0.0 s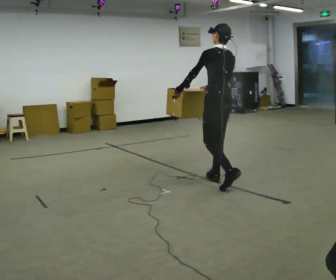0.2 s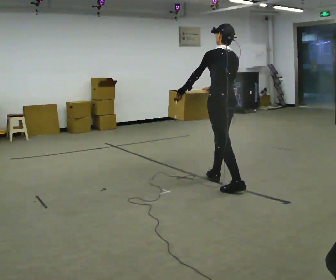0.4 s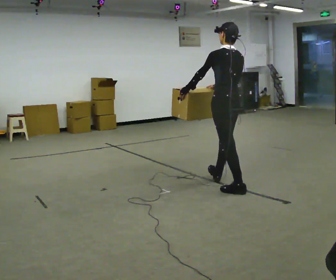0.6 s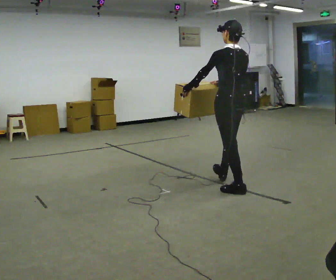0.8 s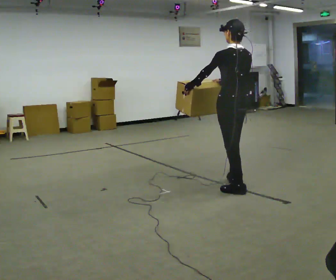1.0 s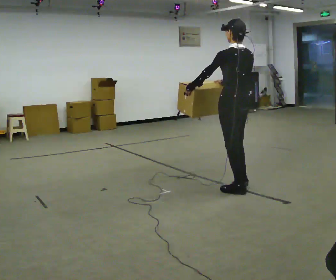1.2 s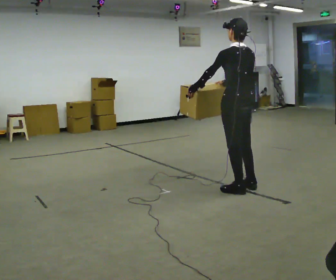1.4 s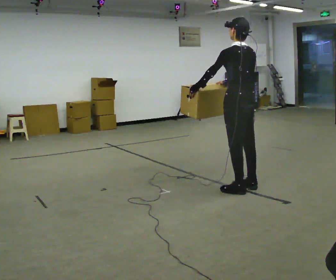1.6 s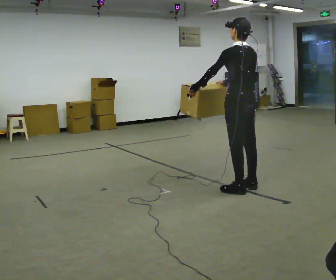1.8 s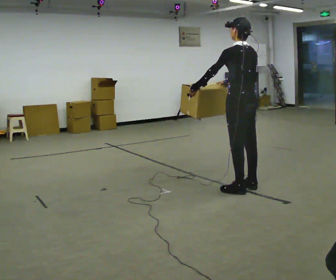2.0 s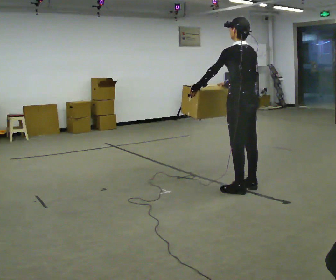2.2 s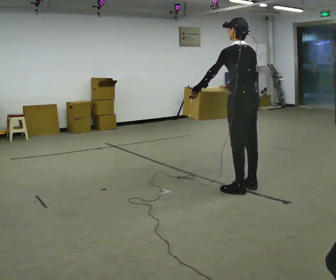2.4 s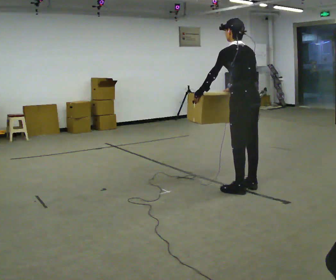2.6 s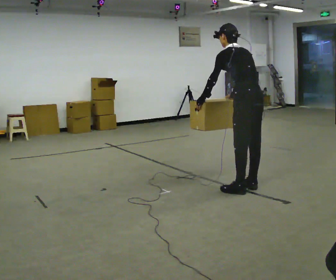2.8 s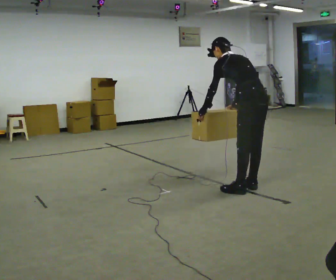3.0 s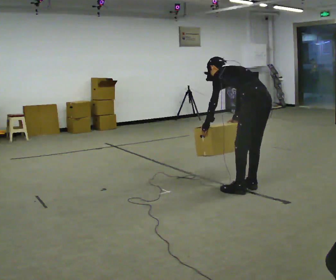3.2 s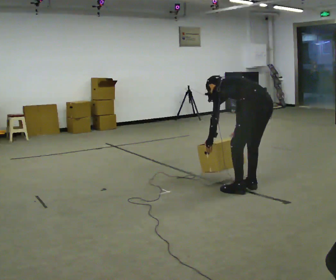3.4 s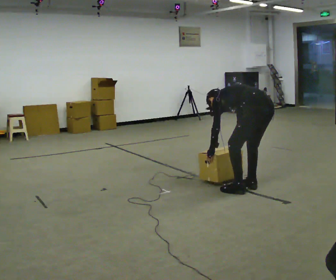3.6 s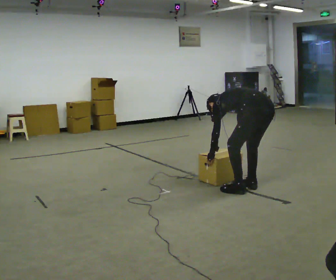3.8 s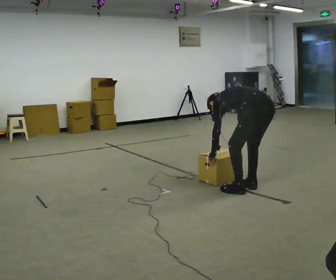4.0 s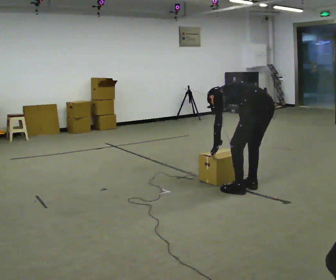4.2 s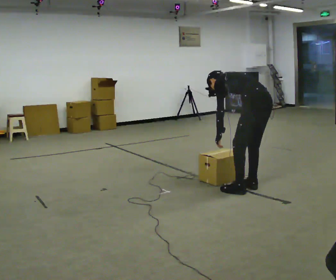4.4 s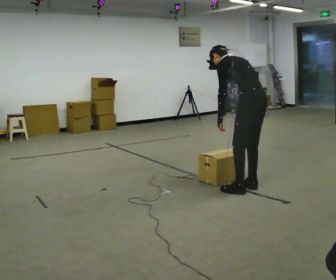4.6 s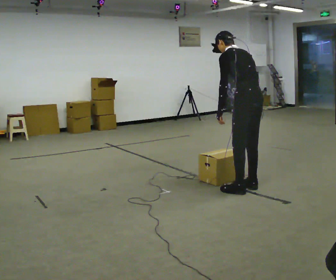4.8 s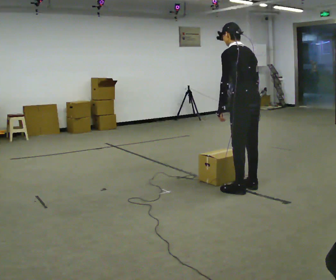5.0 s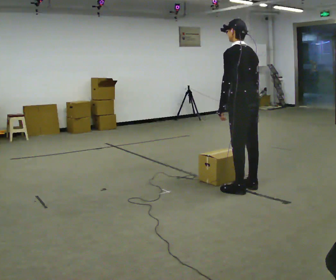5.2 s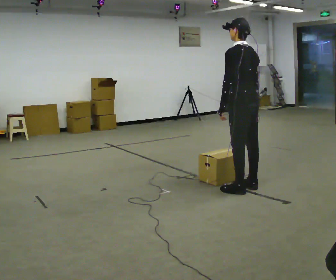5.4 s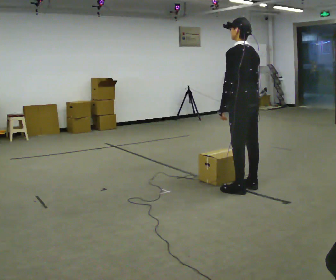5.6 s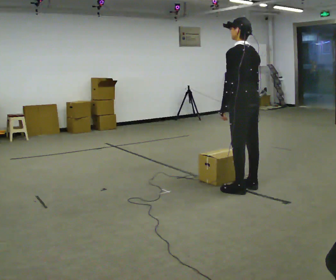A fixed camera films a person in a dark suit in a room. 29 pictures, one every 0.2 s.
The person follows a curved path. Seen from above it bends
counterclockwise.
0.0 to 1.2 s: In the picture they go toward the camera and to the right, about 0.25 m in 1 step, which for them is backward.
1.2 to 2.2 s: The person moves a little, or ends about where they began.
2.2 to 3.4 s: The upper body goes downward. In the picture the upper body tilts counterclockwise, shoulders to the left, as they bend forward. In the picture their left hand goes downward.
3.4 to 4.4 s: The shoulders move upward. In the picture the upper body tilts clockwise, shoulders to the right, as they lean back or straighten. In the picture their left hand goes upward.
4.4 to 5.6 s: In the picture the upper body tilts clockwise, shoulders to the right, as they lean back or straighten.
The film runs backward here.
